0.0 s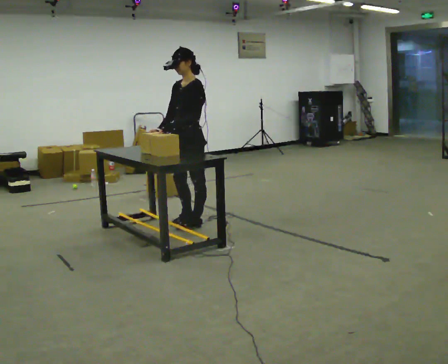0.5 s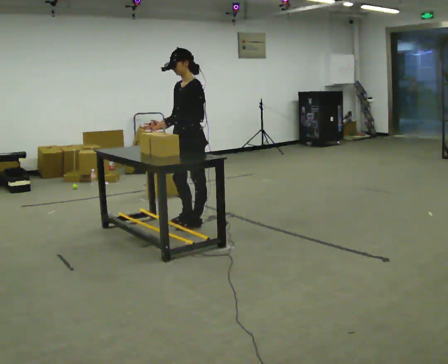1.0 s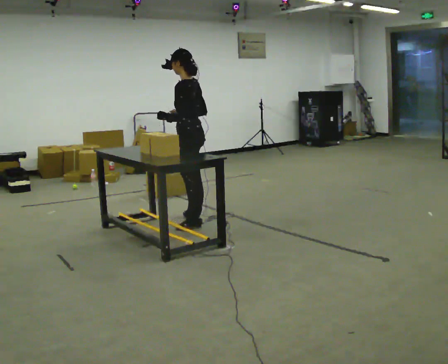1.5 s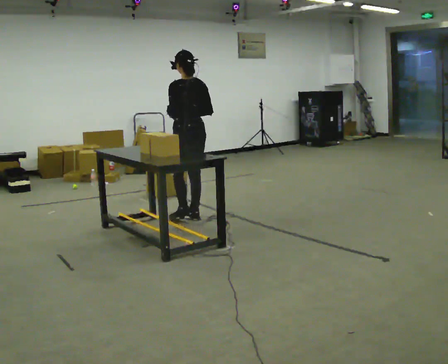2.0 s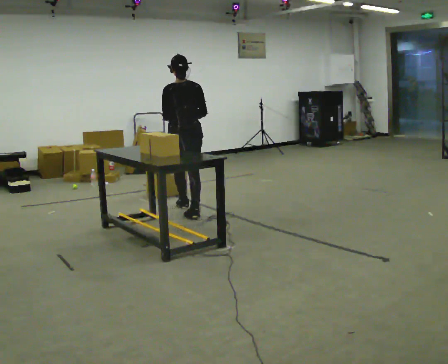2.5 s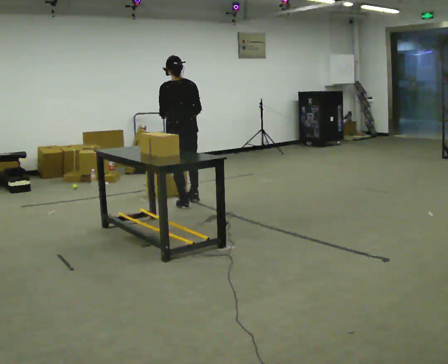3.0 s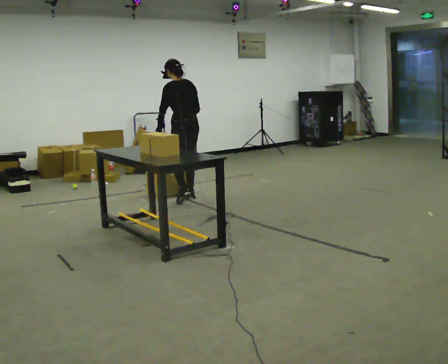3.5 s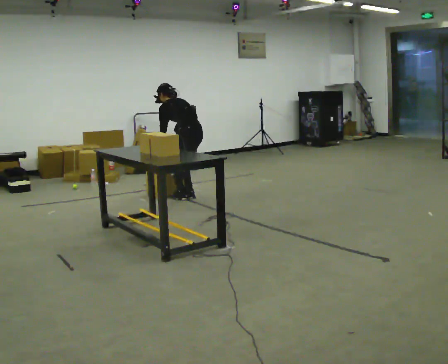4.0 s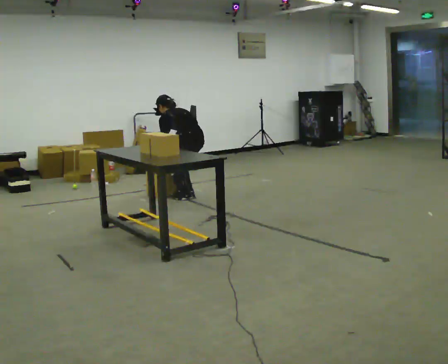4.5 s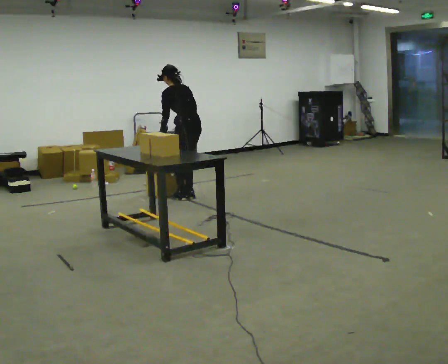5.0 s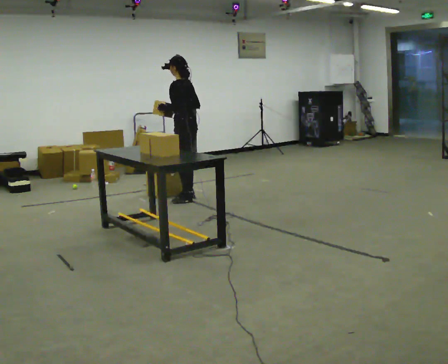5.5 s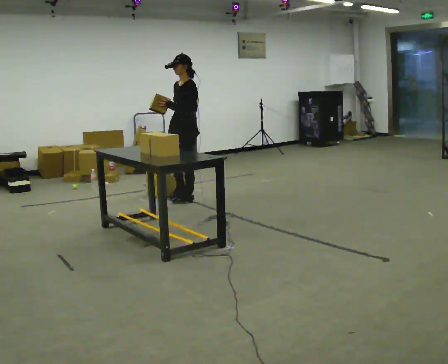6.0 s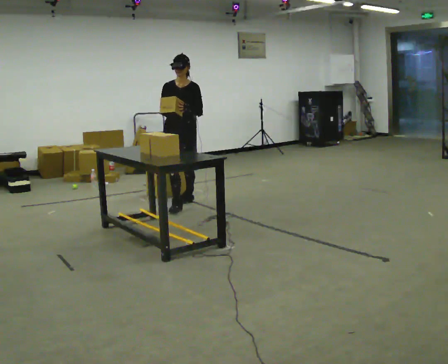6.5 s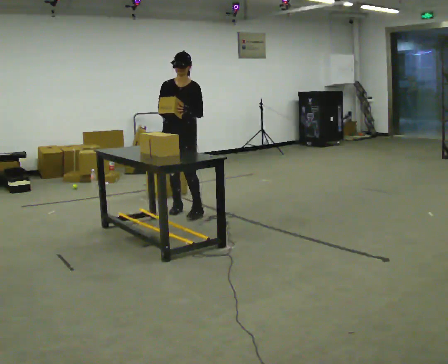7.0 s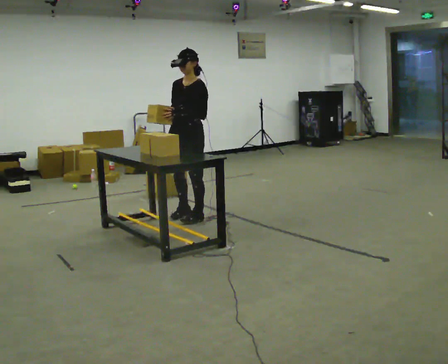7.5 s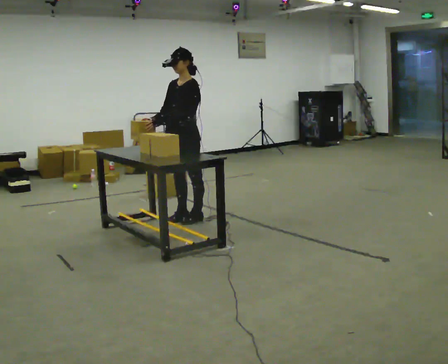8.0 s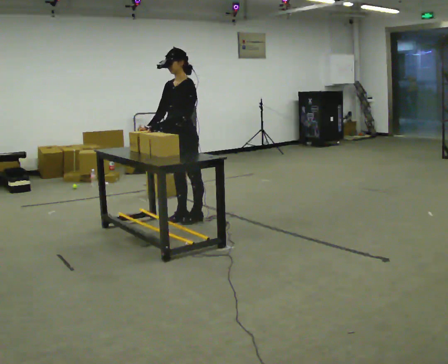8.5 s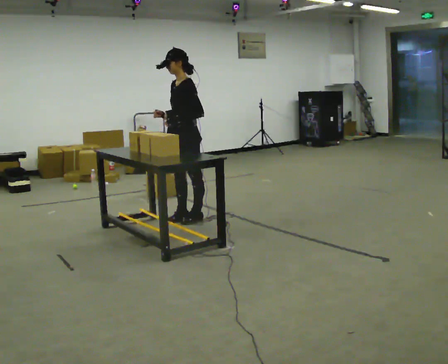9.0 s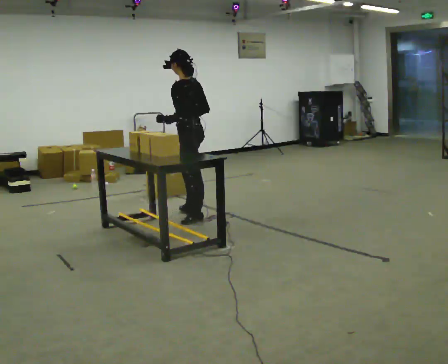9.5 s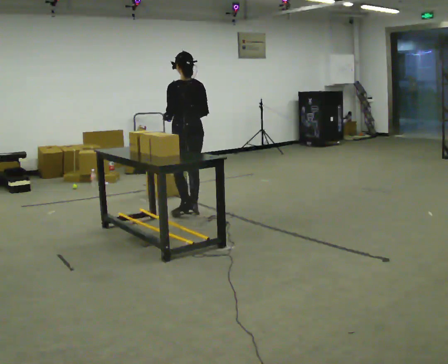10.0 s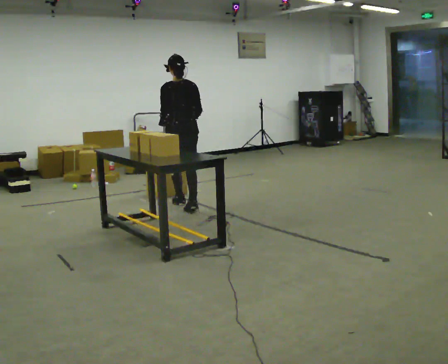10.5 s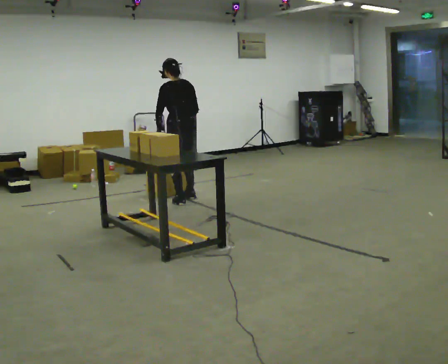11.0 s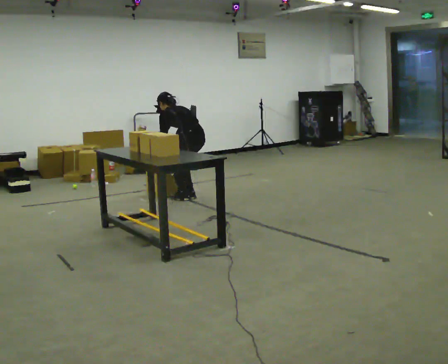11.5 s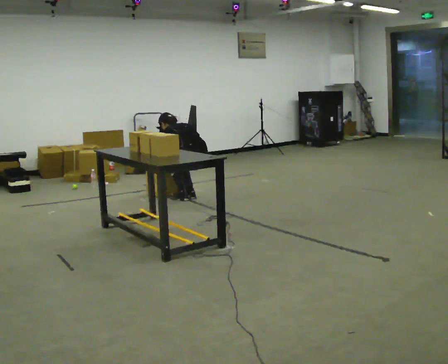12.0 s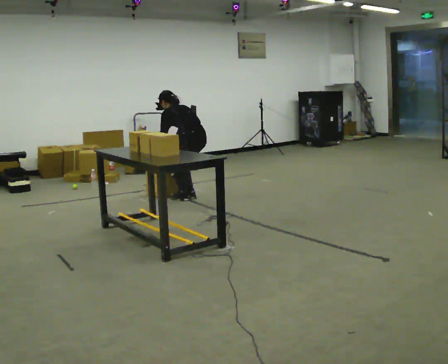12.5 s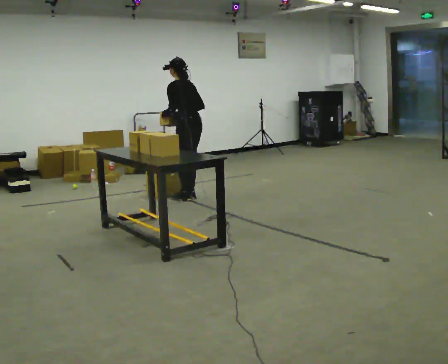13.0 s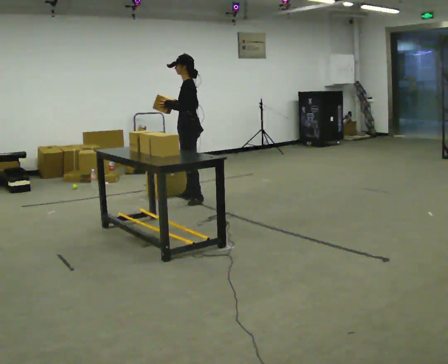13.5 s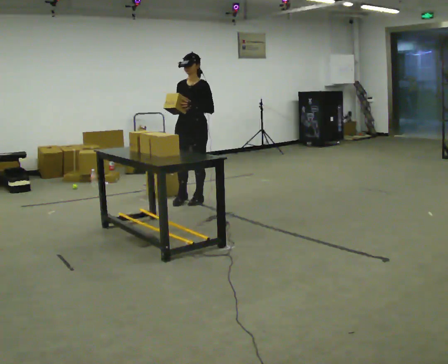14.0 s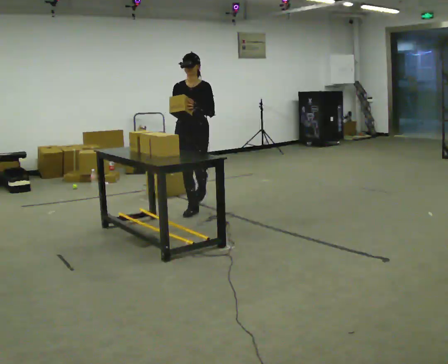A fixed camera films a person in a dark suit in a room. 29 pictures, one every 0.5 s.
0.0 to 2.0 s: The part of the body nearest the lens slides to the left as the person turns to their right by about 105 degrees. In the picture they go away from the camera, about 0.5 m in 1 step.
2.0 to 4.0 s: The person turns about 30 degrees to their left, counterclockwise seen from above, so the part of the body nearest the lens slides to the right. In the picture they go away from the camera, about 0.5 m in 2 steps, which for them is forward and to their right. The upper body goes downward. The upper body tips away from the camera, its near side rolling upward, as they bend forward. In the picture their right hand goes downward.
4.0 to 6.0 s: The person turns about 135 degrees to their left, counterclockwise seen from above, so the part of the body nearest the lens slides to the right. In the picture they go toward the camera, about 0.25 m in 1 step. The upper body goes upward. The upper body tips toward the camera, its near side rolling downward, as they lean back or straighten. In the picture their right hand goes upward.
6.0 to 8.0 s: The person turns about 45 degrees to their right, clockwise seen from above, so the part of the body nearest the lens slides to the left. In the picture they go toward the camera, about 0.5 m in 2 steps, which for them is to their left and forward.
8.0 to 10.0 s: The person turns about 120 degrees to their right, clockwise seen from above, so the part of the body nearest the lens slides to the left. In the picture they go away from the camera, about 0.5 m in 2 steps.
10.0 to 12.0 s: In the picture they go away from the camera, about 0.25 m in 2 steps, which for them is to their right and forward. In the picture their right hand goes downward.
12.0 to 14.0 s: The part of the body nearest the lens slides to the right as the person turns to their left by about 135 degrees. In the picture they go toward the camera, about 0.5 m in 2 steps. The upper body goes upward. The upper body tips toward the camera, its near side rolling downward, as they lean back or straighten. In the picture their left hand goes upward.
The film runs forward here.
